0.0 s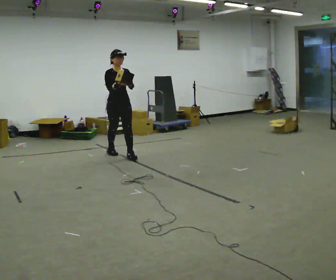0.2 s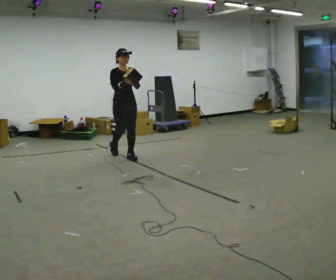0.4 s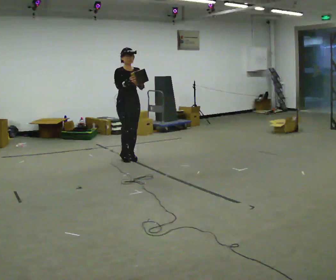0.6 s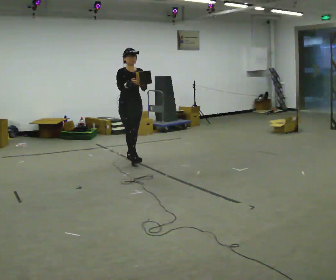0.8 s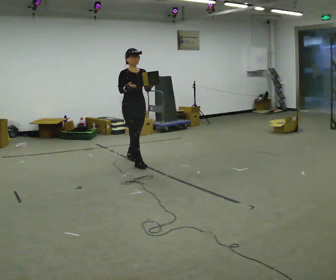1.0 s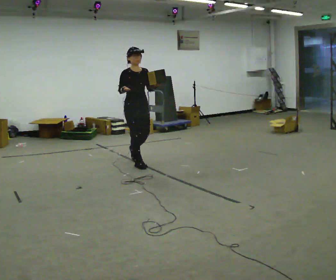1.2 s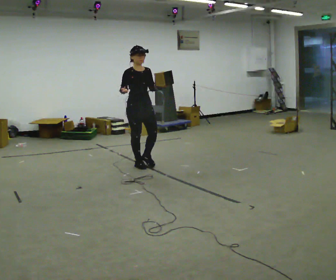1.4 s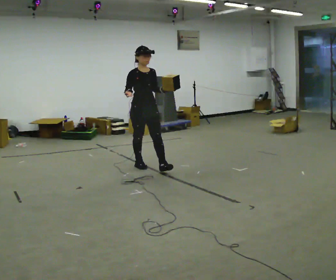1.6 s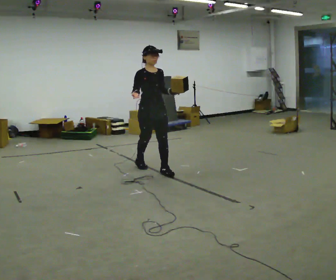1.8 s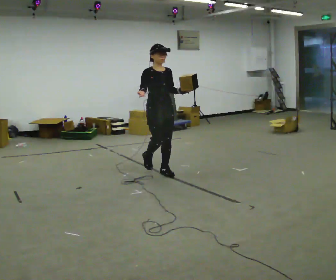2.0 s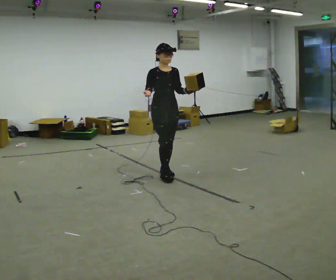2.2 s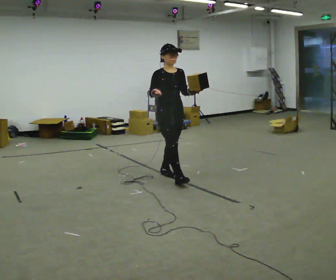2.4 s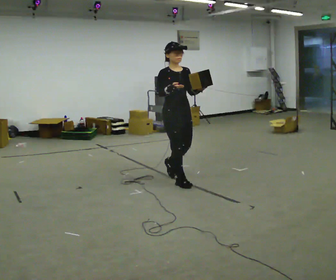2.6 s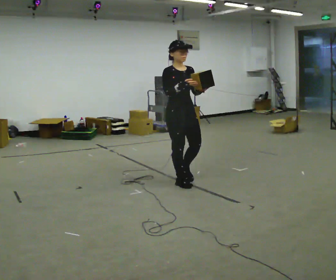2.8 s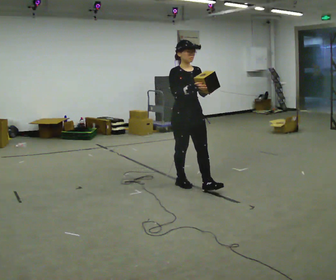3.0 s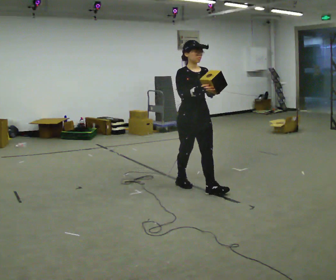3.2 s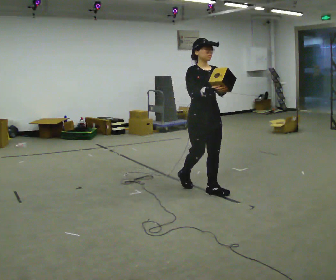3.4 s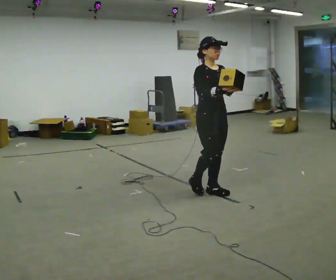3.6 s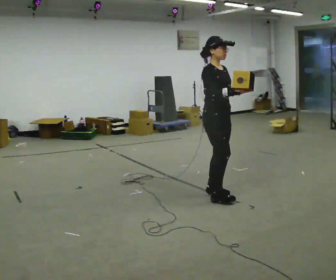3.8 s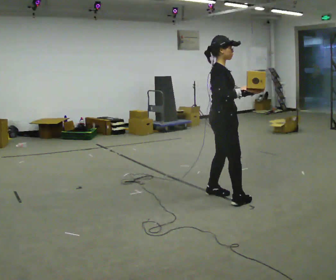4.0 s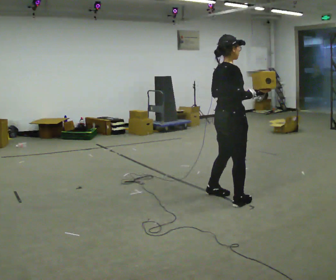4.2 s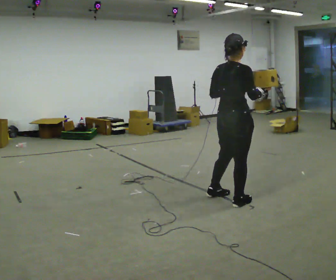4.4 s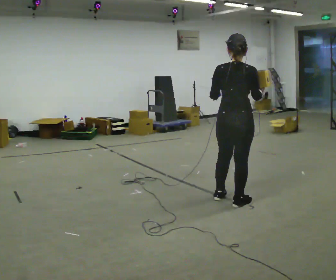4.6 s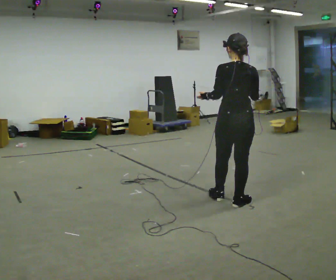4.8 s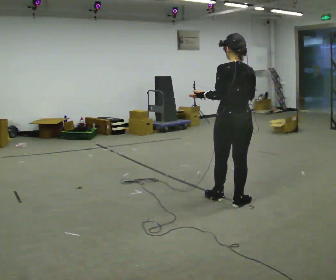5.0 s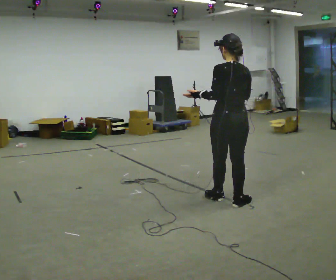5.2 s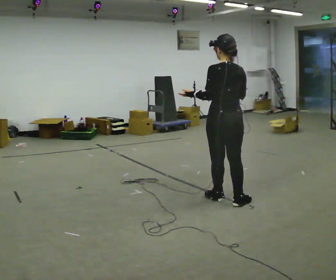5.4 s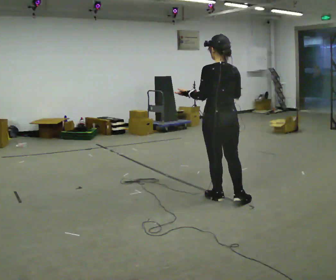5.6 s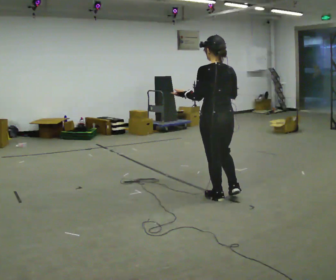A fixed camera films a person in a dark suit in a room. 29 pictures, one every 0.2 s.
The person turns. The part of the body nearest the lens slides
to the right.
The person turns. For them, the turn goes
to their left.
0.0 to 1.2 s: In the picture they go toward the camera and to the right, about 0.5 m in 1 step, which for them is forward.
1.2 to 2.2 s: In the picture they go to the right and toward the camera, about 0.75 m in 1 step, which for them is forward.
2.2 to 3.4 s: In the picture they go to the right and toward the camera, about 0.5 m in 2 steps, which for them is forward.
3.4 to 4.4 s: Seen from above the body turns counterclockwise, about 120 degrees: to their left, with its near side sliding to the right. In the picture they go toward the camera and to the right, about 0.5 m in 2 steps.
4.4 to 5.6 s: Seen from above the body turns counterclockwise, about 45 degrees: to their left, with its near side sliding to the right. In the picture they go to the left, about 0.25 m, which for them is forward. In the picture their right hand goes to the left.
The film runs forward here.
